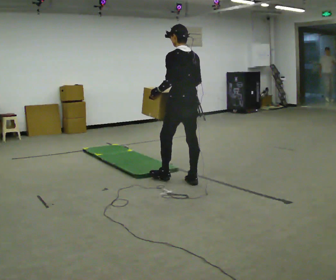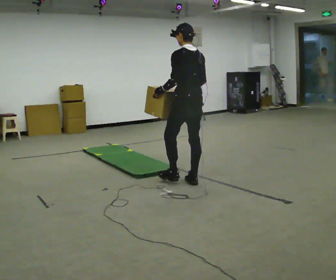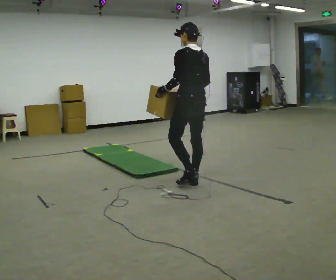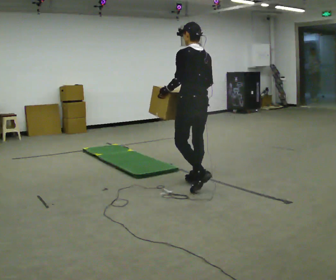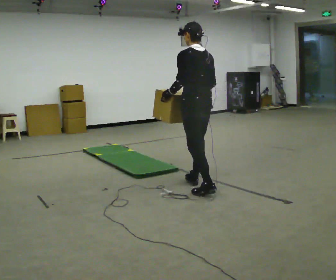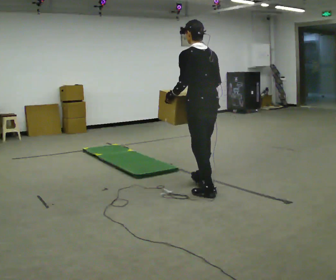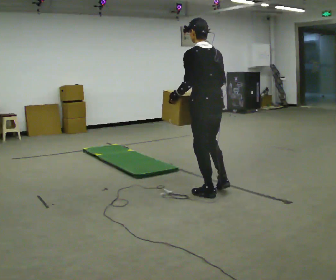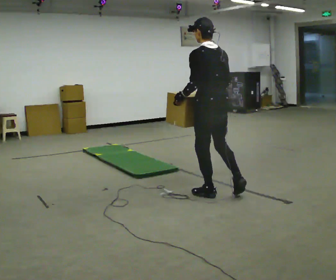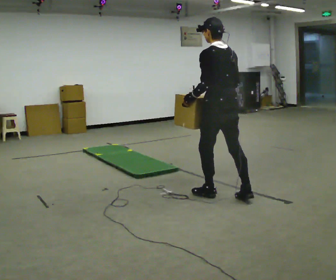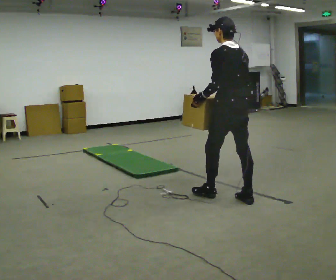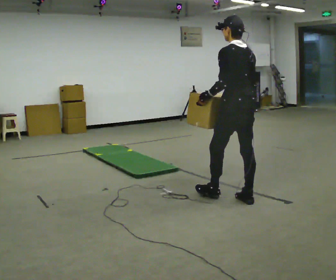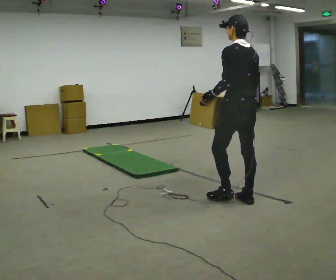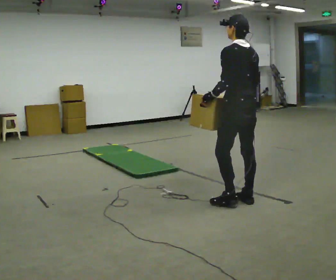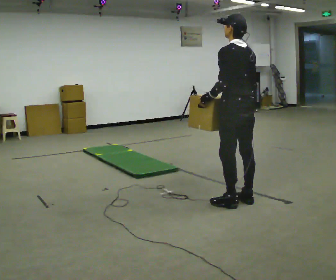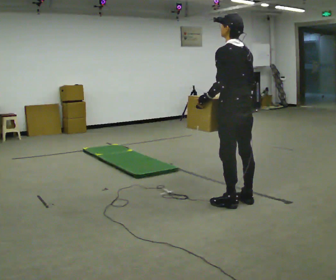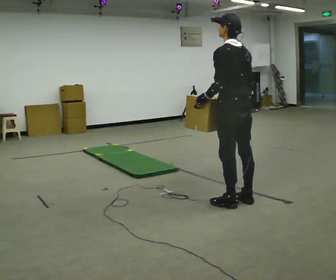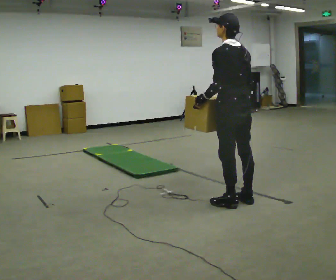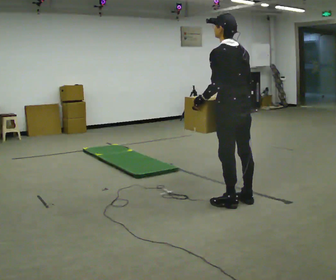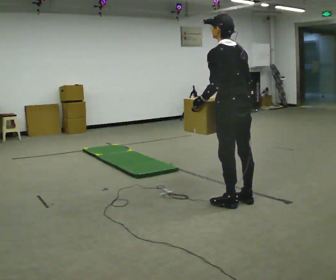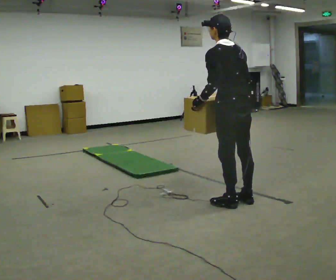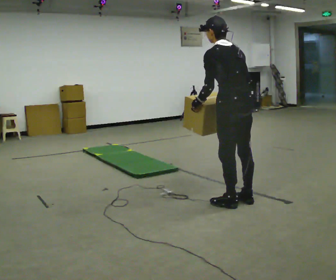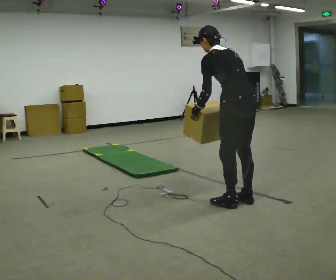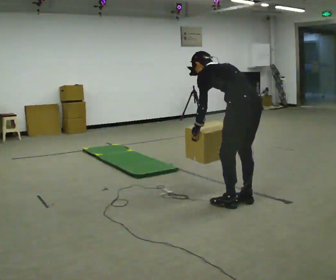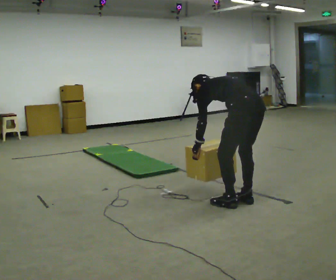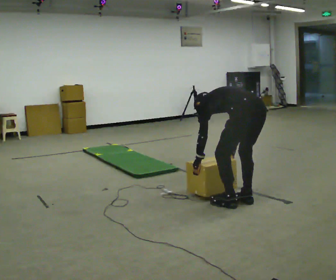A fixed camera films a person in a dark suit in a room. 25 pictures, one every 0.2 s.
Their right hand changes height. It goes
downward.
Their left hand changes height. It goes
downward.
0.0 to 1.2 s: In the picture they go toward the camera and to the right, about 0.5 m in 2 steps, which for them is backward.
1.2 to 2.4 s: In the picture they go to the right and toward the camera, about 0.5 m in 1 step, which for them is backward.
2.4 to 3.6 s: The person moves a little, or ends about where they began.
3.6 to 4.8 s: The shoulders move downward. The upper body tips away from the camera, its near side rolling upward, as they bend forward. In the picture their right hand goes downward.
The film runs backward here.
